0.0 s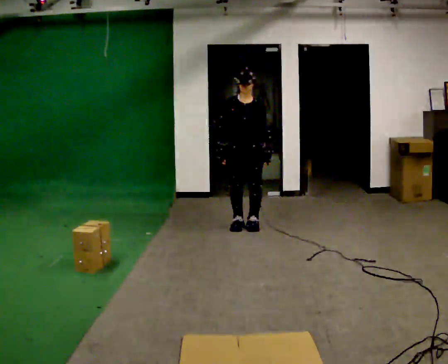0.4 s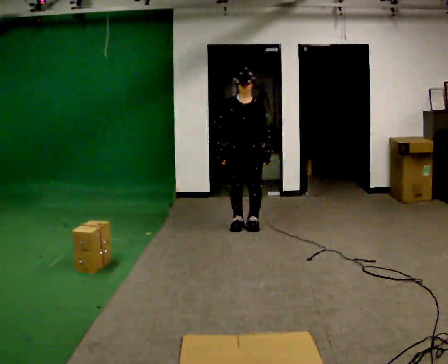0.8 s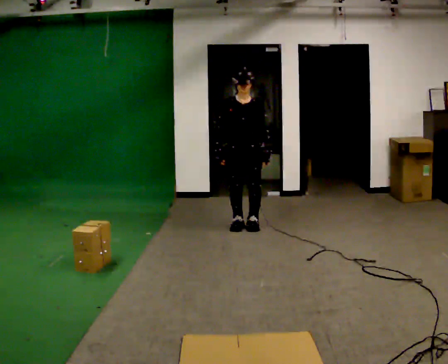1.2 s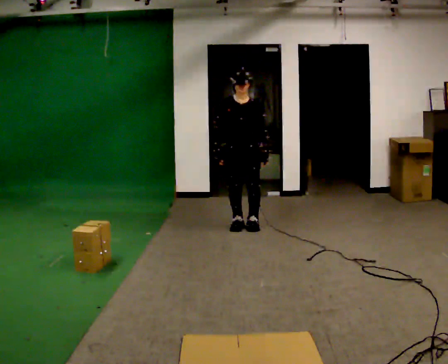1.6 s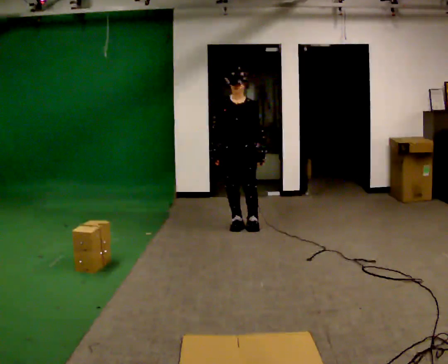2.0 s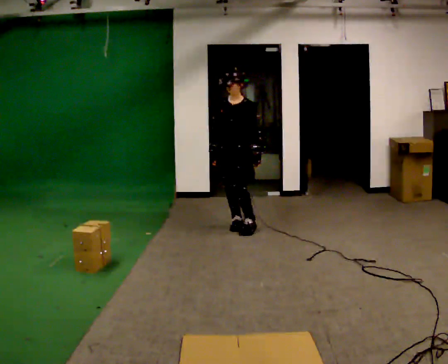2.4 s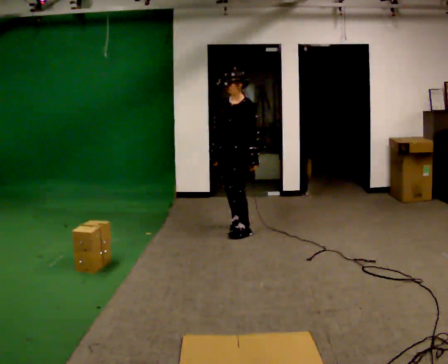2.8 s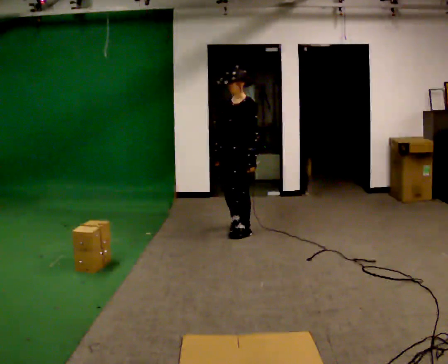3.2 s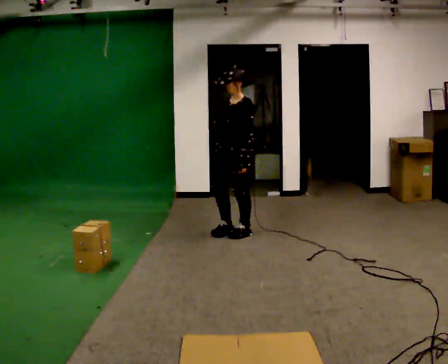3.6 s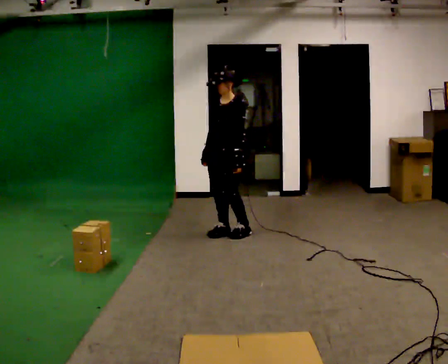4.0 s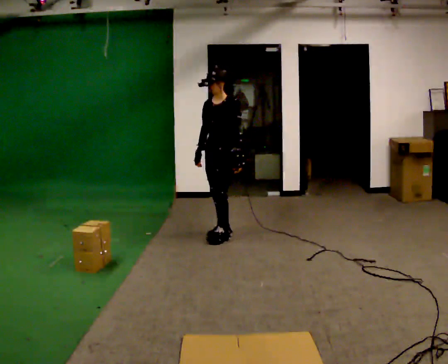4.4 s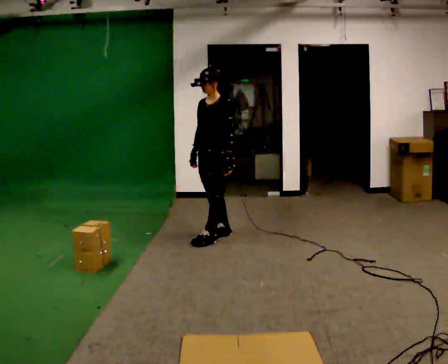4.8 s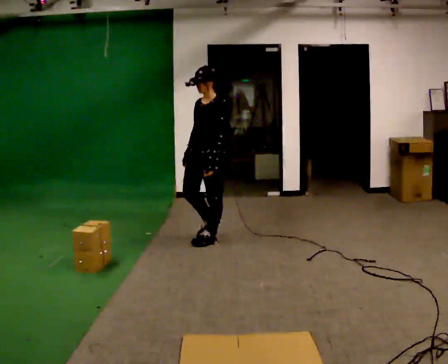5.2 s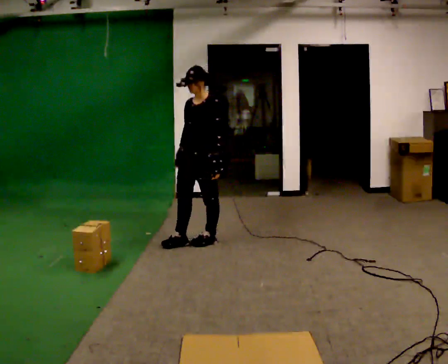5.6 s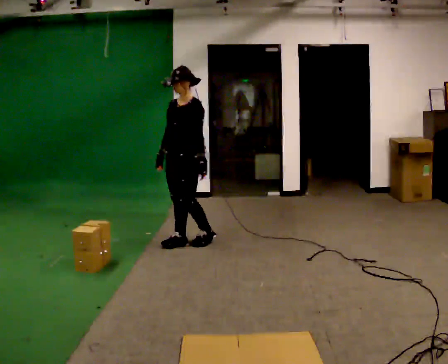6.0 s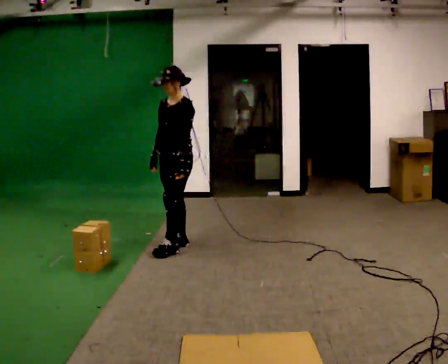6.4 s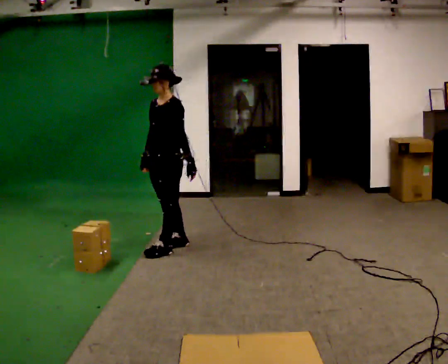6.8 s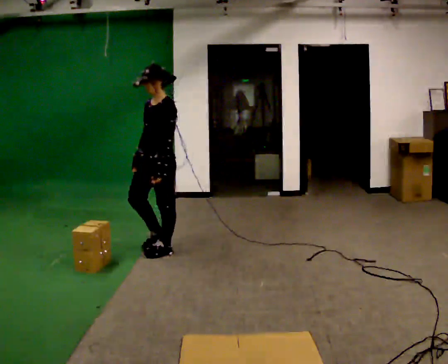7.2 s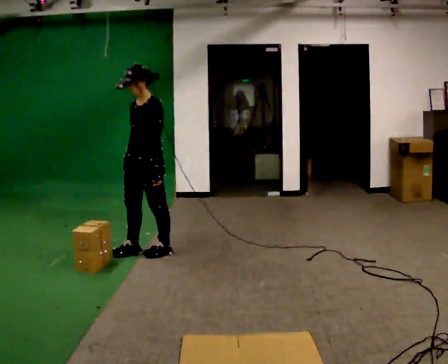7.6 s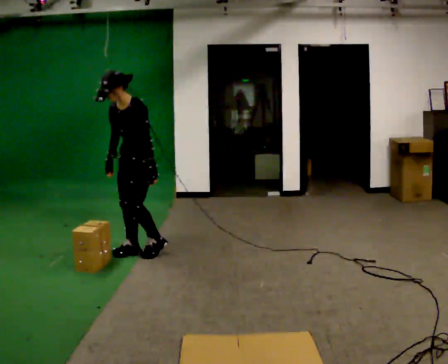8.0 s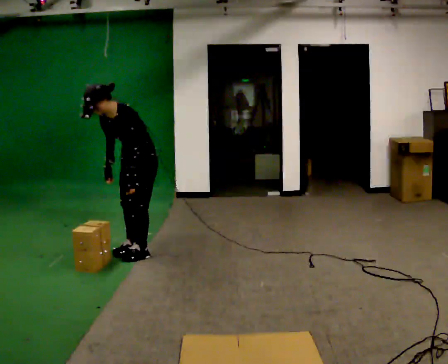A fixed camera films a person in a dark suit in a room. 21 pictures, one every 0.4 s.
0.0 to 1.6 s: The person moves a little, or ends about where they began.
1.6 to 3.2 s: The part of the body nearest the lens slides to the left as the person turns to their right by about 45 degrees. In the picture they go toward the camera, about 0.25 m in 1 step, which for them is forward and to their left.
3.2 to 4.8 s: In the picture they go toward the camera and to the left, about 0.25 m in 2 steps, which for them is forward.
4.8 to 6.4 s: In the picture they go to the left and toward the camera, about 0.5 m in 2 steps, which for them is forward.
6.4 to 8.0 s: In the picture they go to the left, about 0.25 m in 2 steps, which for them is forward. The upper body tips toward the camera, its near side rolling downward, as they bend forward.
The film runs forward here.
